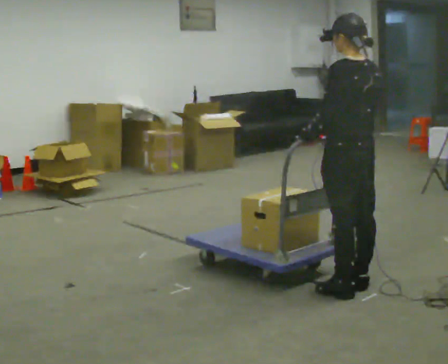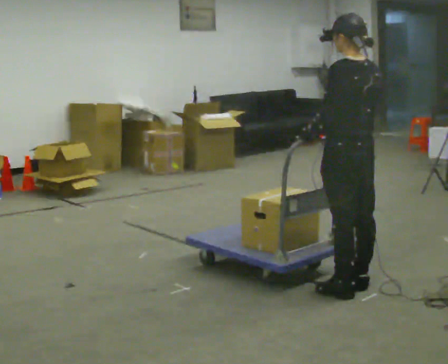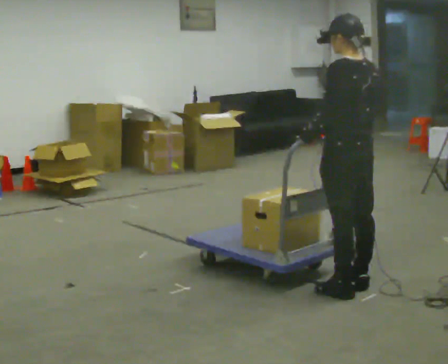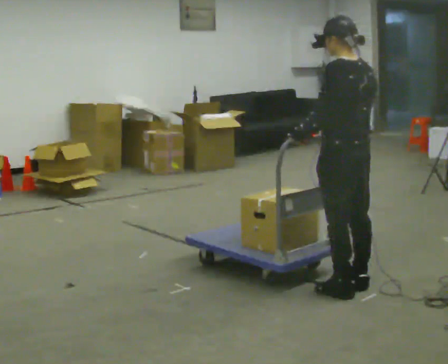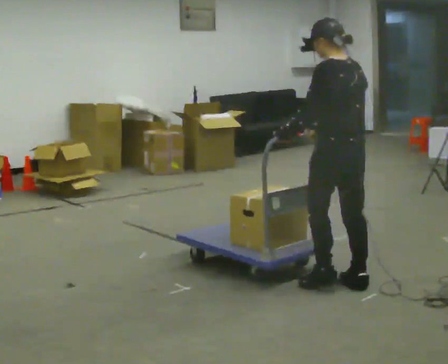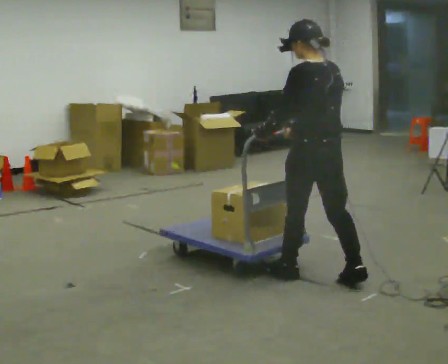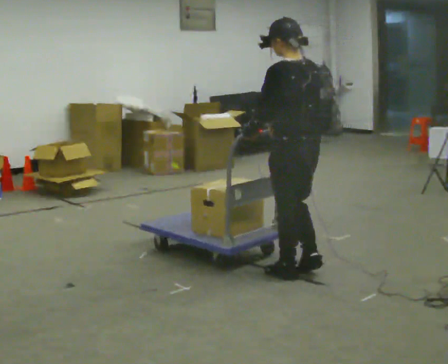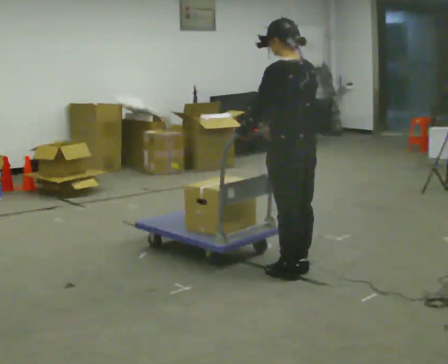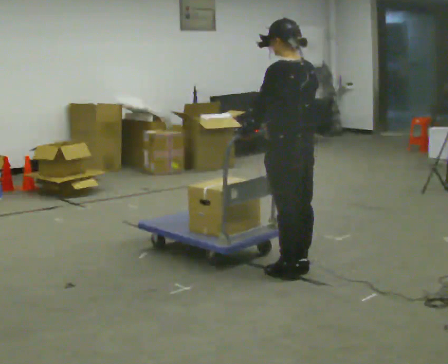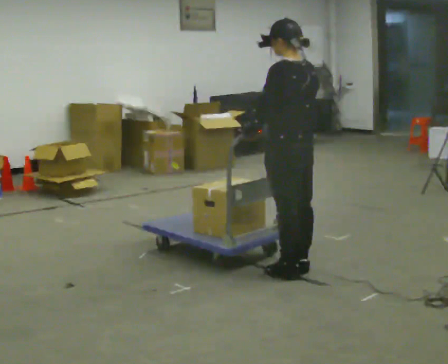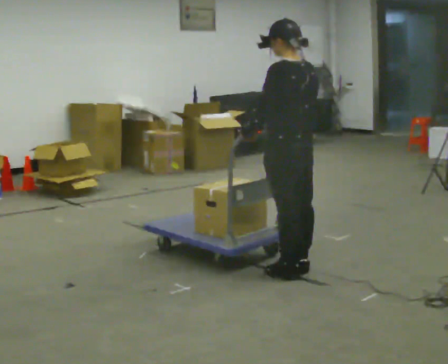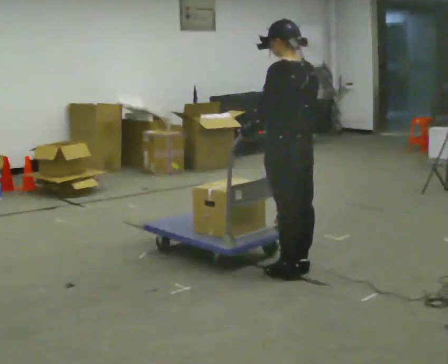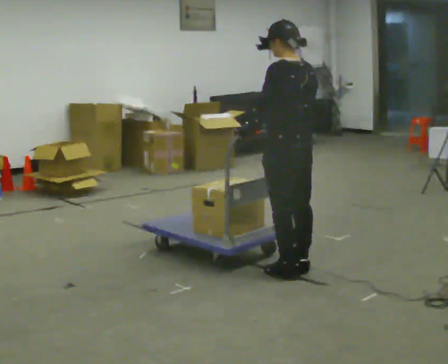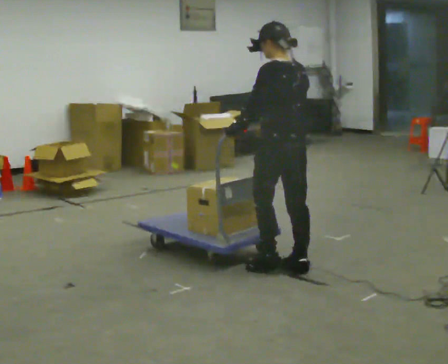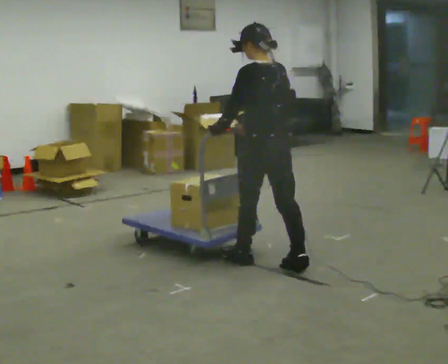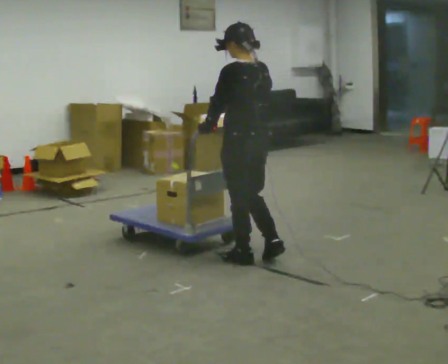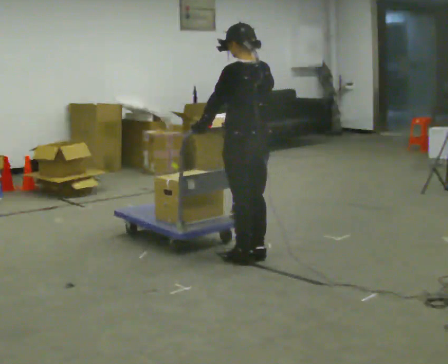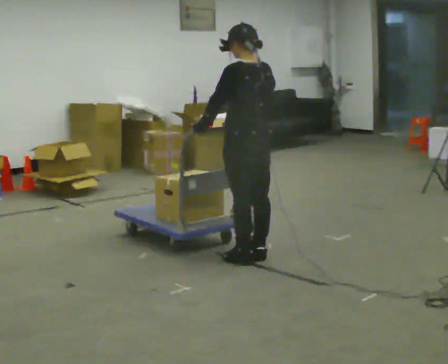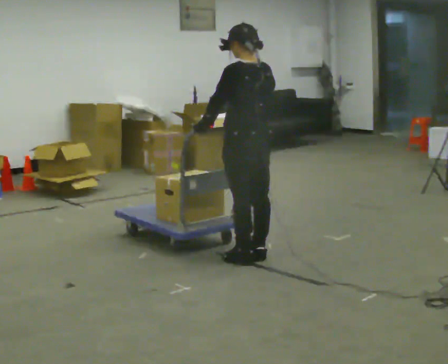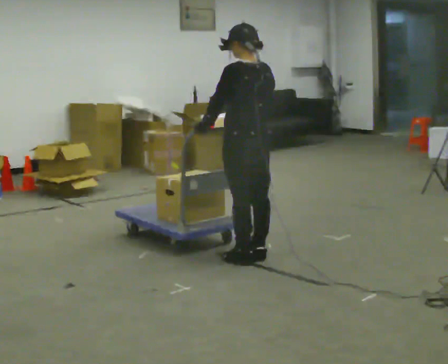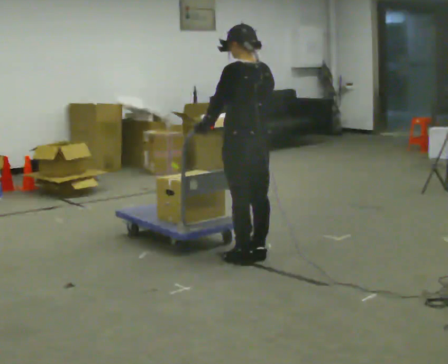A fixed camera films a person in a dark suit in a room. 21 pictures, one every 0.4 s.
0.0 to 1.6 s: The person moves a little, or ends about where they began.
1.6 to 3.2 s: In the picture they go to the left and away from the camera, about 0.25 m in 2 steps, which for them is forward.
3.2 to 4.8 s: The person moves a little, or ends about where they began.
4.8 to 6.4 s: In the picture they go to the left and away from the camera, about 0.25 m in 2 steps, which for them is forward.
6.4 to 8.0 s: The person moves a little, or ends about where they began.
The film runs forward here.
